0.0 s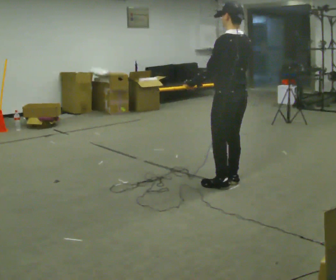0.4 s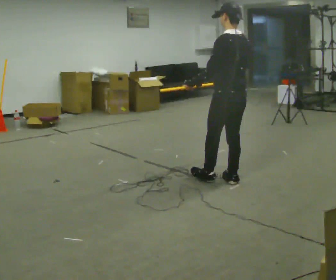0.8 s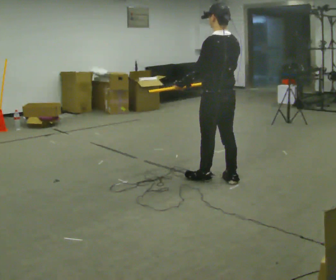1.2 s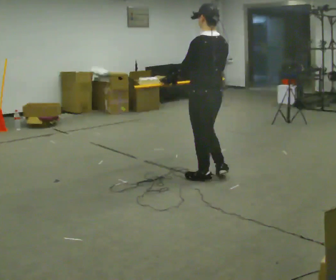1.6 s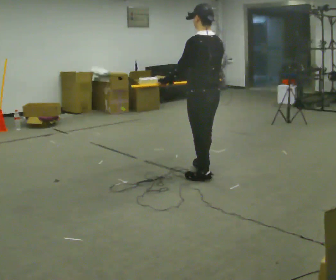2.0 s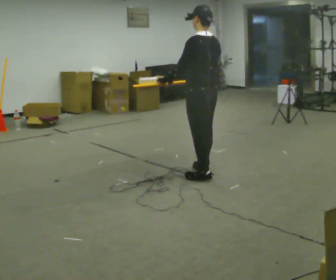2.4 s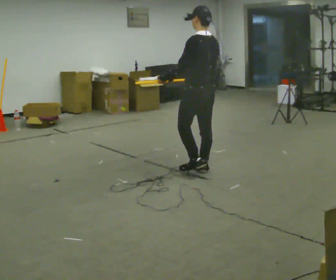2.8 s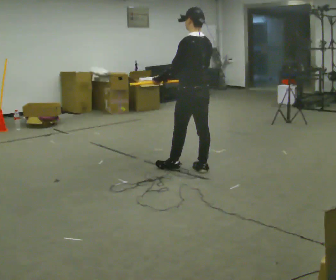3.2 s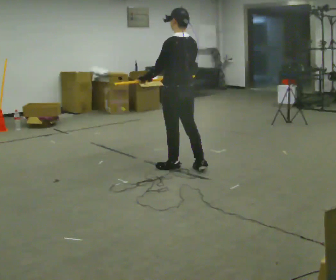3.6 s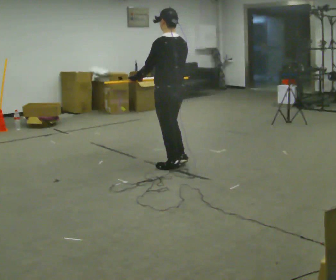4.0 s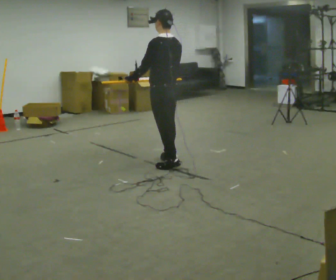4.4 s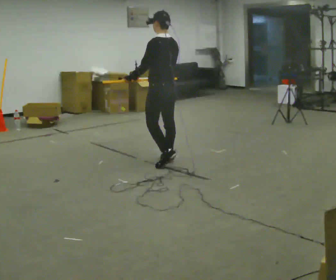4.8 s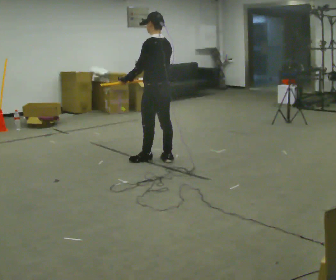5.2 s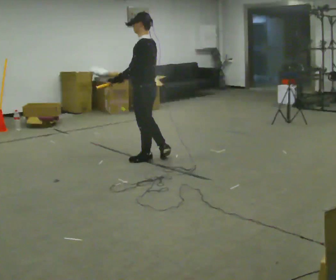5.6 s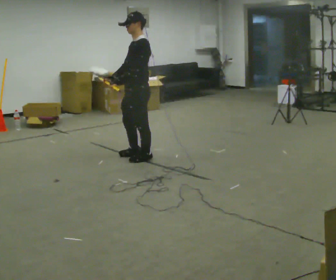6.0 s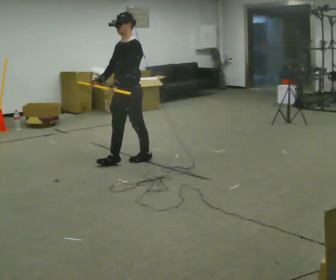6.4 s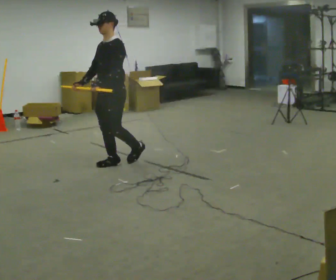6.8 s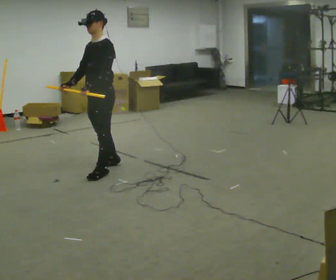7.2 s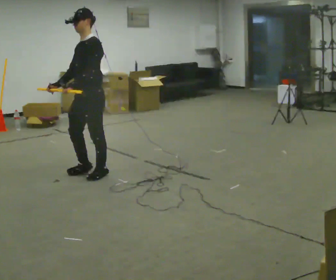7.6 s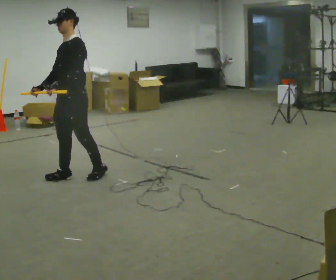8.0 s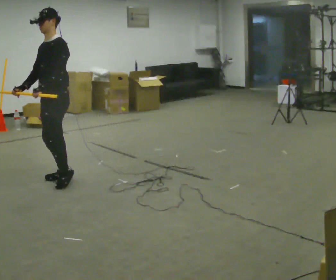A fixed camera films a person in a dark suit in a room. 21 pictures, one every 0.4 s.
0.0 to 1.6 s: In the picture they go to the left and away from the camera, about 0.25 m in 2 steps, which for them is forward.
1.6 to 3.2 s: In the picture they go away from the camera and to the left, about 0.5 m in 1 step, which for them is forward.
3.2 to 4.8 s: In the picture they go away from the camera and to the left, about 0.5 m in 2 steps, which for them is forward.
4.8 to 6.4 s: Seen from above the body turns counterclockwise, about 75 degrees: to their left, with its near side sliding to the right. In the picture they go to the left, about 0.5 m in 1 step.
6.4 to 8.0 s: In the picture they go to the left and toward the camera, about 0.5 m in 2 steps, which for them is forward.
The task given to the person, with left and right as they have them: Carry the long object across the room and around the corner, turning without hitting anything. Keep going until the operator says stop; one object at a time, and do not rush between trips.
The film runs forward here.
